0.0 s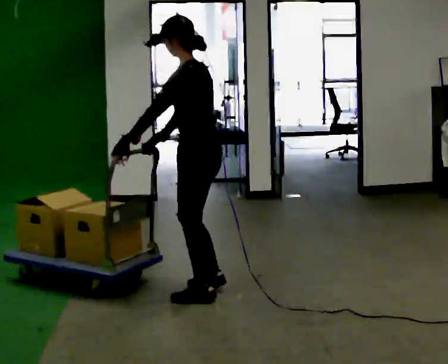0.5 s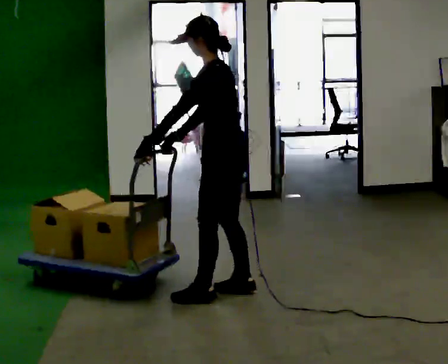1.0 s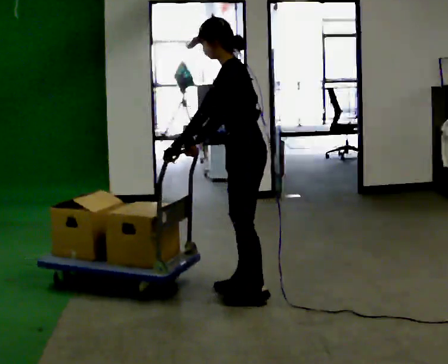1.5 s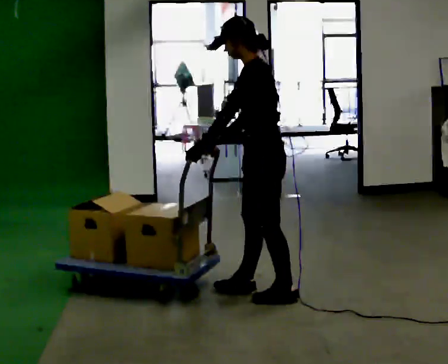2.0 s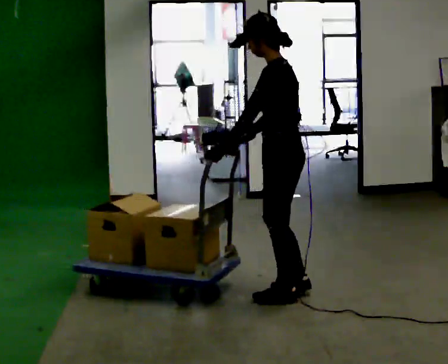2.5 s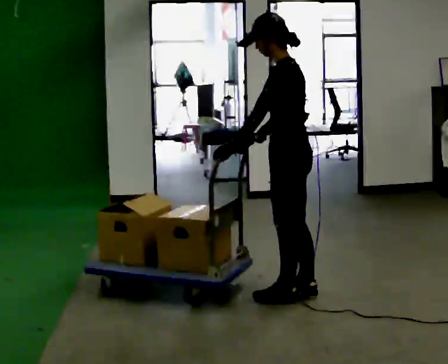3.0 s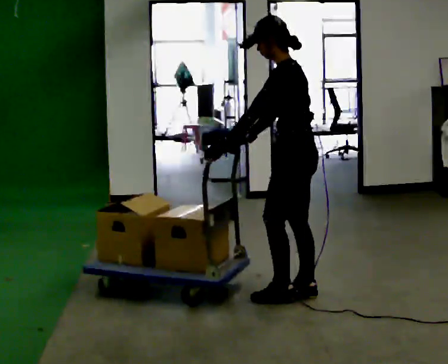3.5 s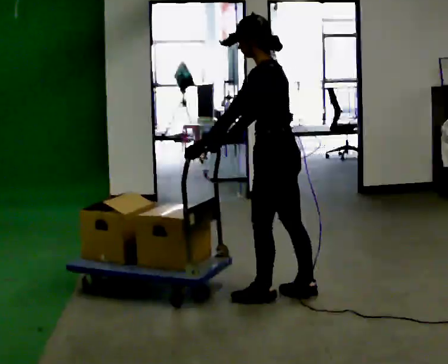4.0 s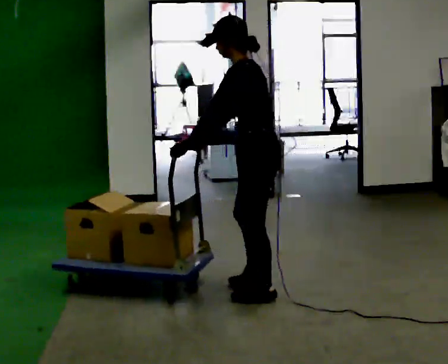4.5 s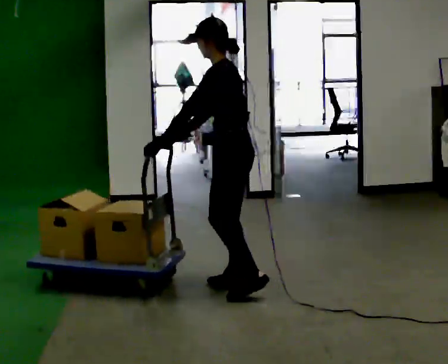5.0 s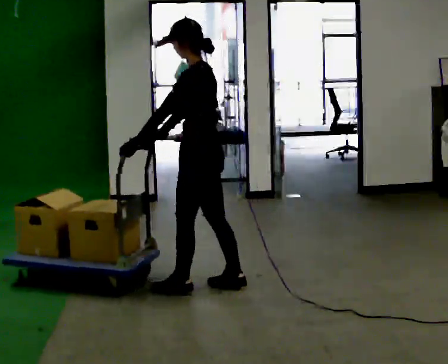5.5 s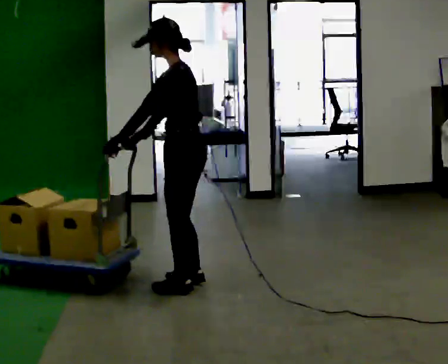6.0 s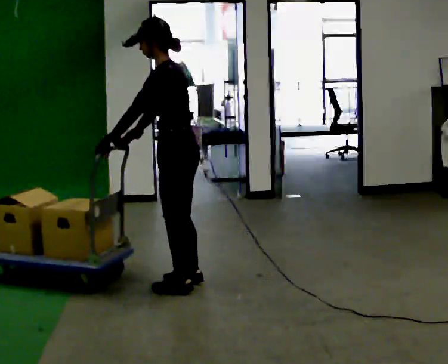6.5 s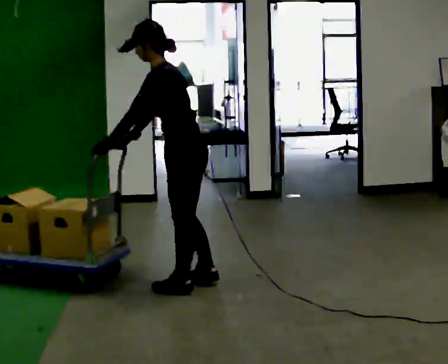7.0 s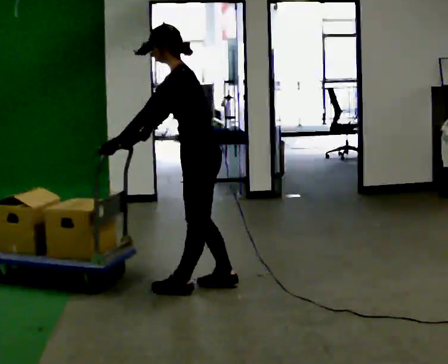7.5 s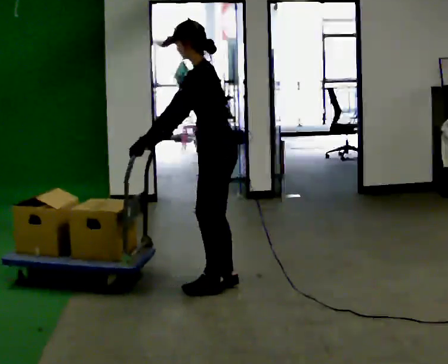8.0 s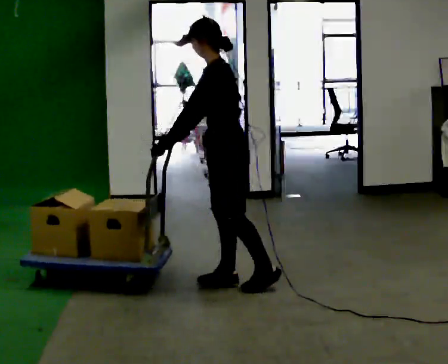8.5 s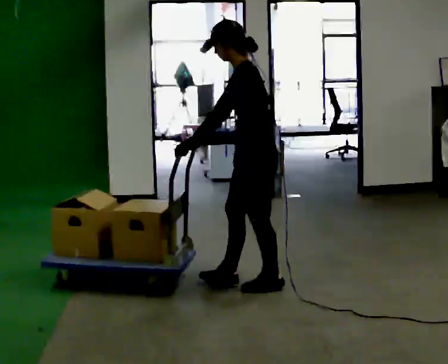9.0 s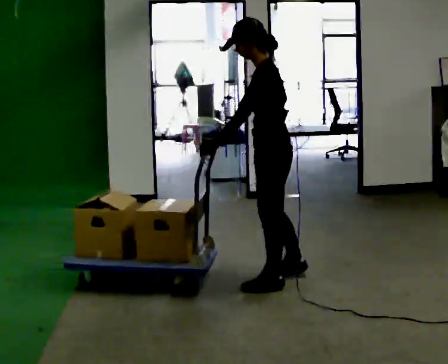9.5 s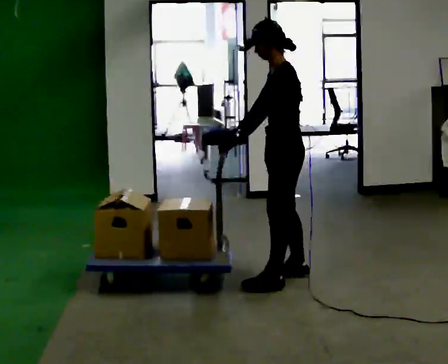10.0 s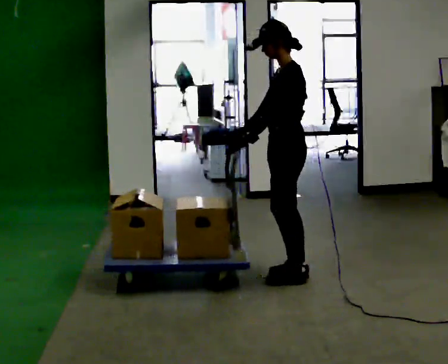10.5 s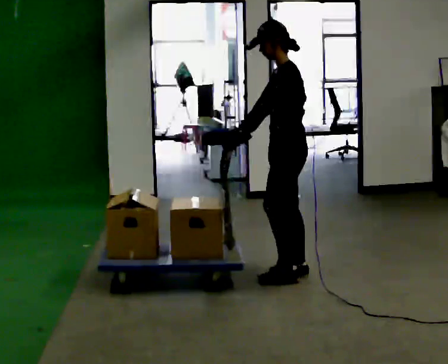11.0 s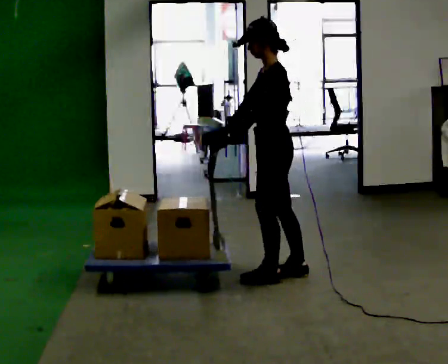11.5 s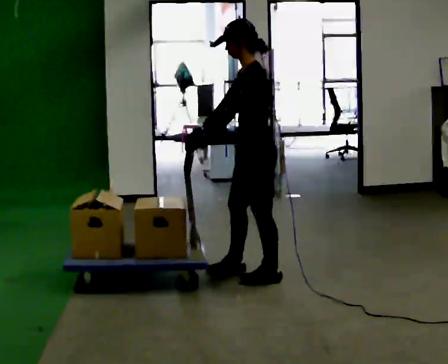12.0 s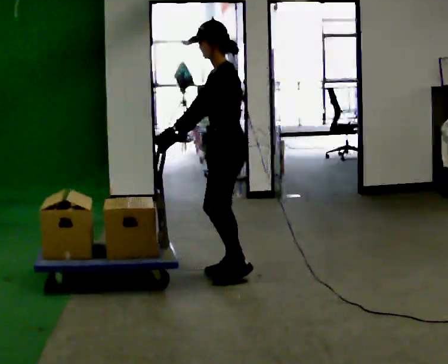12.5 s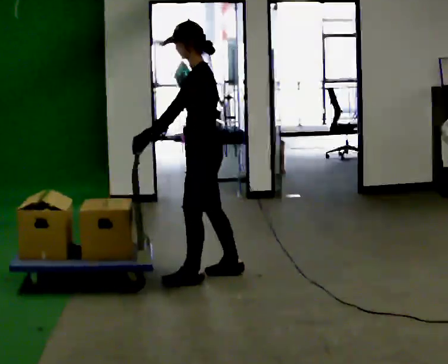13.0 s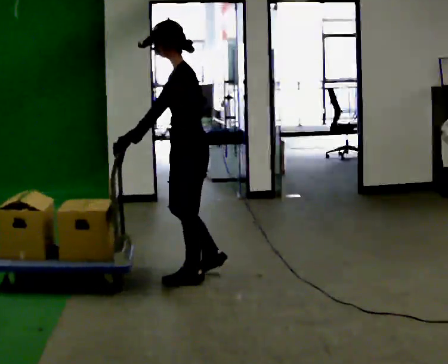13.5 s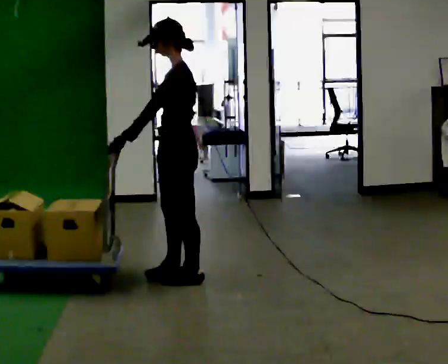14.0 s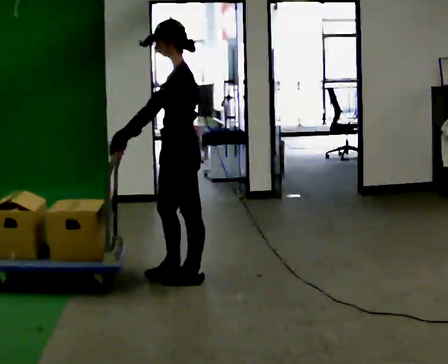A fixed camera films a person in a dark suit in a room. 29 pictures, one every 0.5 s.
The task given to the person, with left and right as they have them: Get the cart into the marked parking space and lined up with the tape. Take as many adjustments as you need. Then take it out again and repeat.
0.0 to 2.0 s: In the picture they go to the right, about 0.5 m in 2 steps, which for them is backward.
2.0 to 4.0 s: The person moves a little, or ends about where they began.
4.0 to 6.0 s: In the picture they go to the left, about 0.5 m in 3 steps, which for them is forward.
6.0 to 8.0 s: In the picture they go to the right, about 0.25 m in 2 steps, which for them is backward and to their right.
8.0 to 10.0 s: In the picture they go to the right and away from the camera, about 0.5 m in 2 steps, which for them is backward and to their right.
10.0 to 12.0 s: In the picture they go to the left, about 0.5 m in 1 step, which for them is forward.
12.0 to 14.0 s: In the picture they go to the left and toward the camera, about 0.25 m in 2 steps, which for them is forward and to their left.
The film runs forward here.
